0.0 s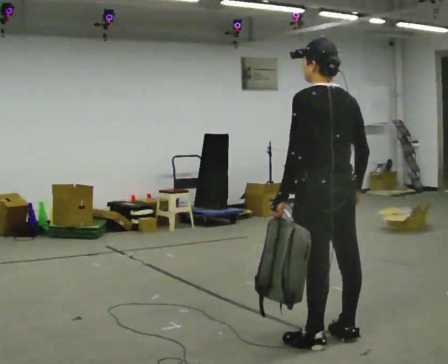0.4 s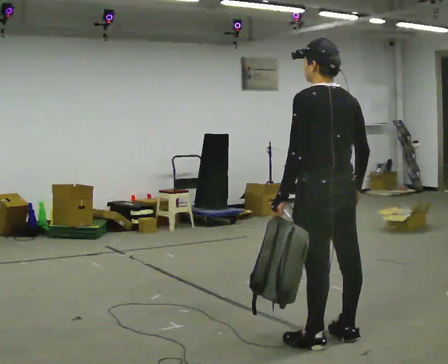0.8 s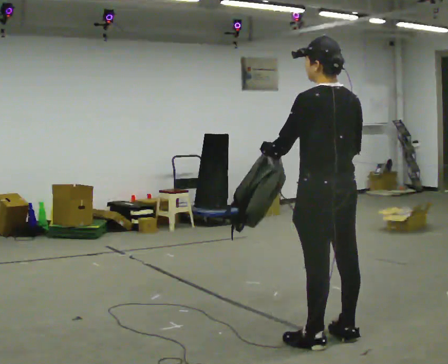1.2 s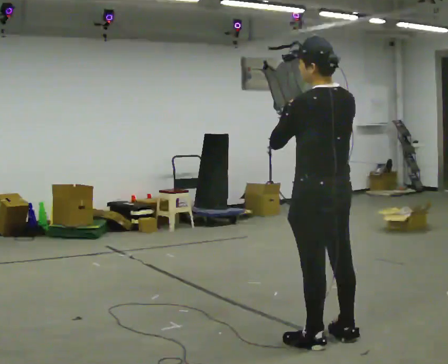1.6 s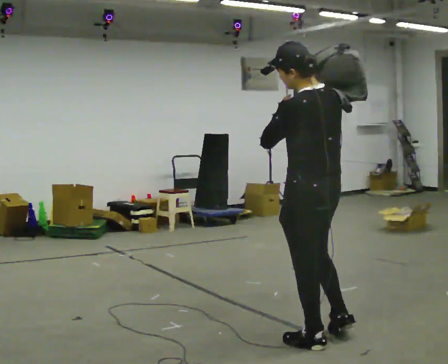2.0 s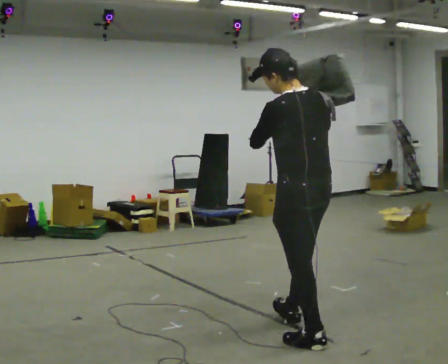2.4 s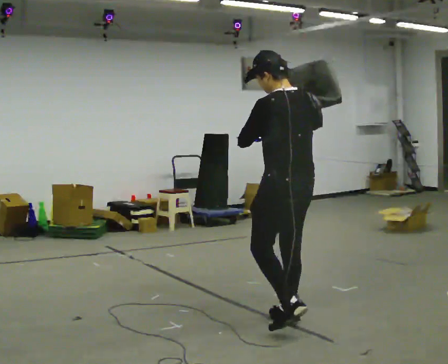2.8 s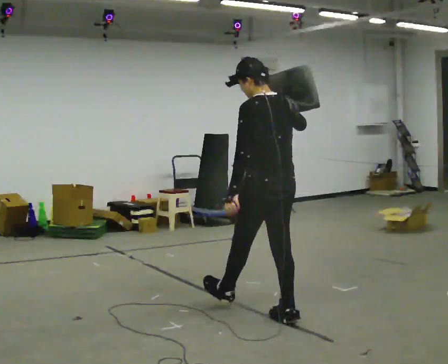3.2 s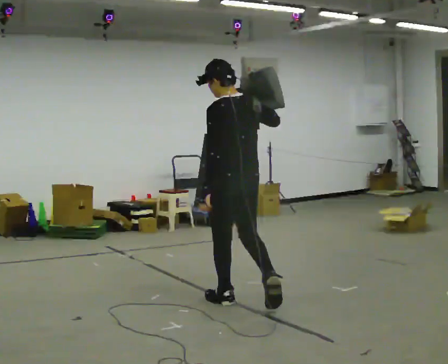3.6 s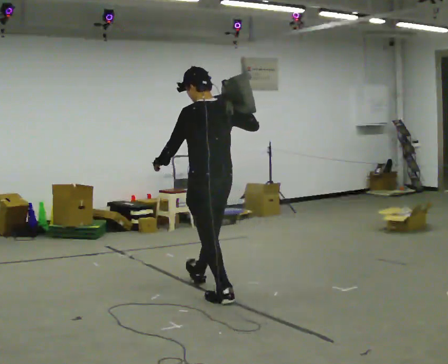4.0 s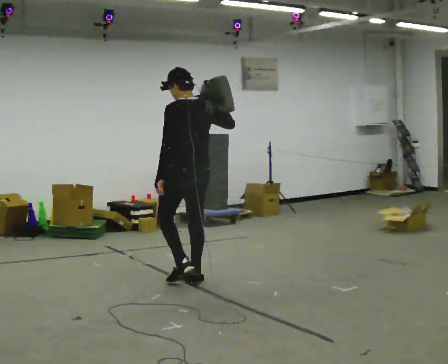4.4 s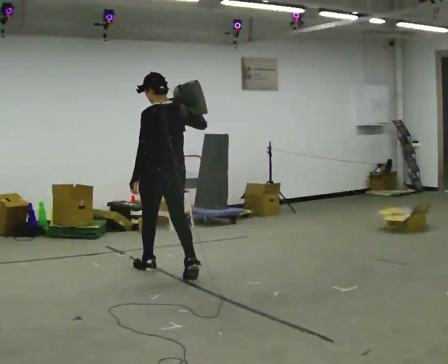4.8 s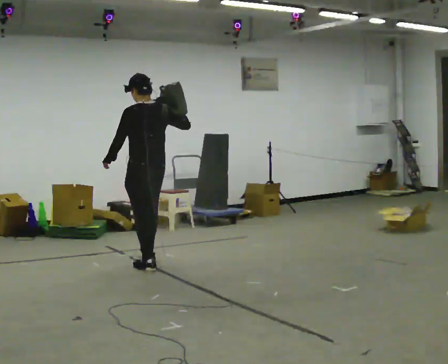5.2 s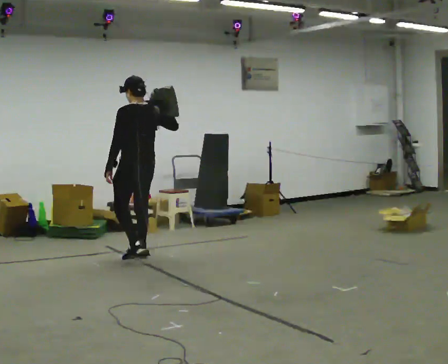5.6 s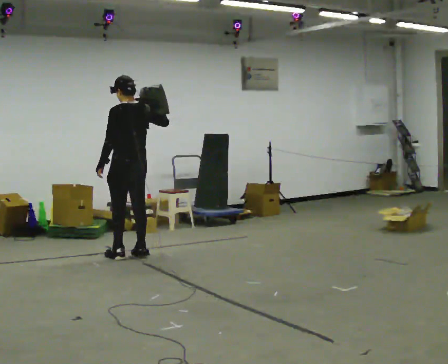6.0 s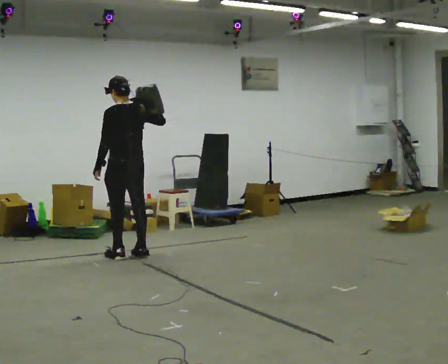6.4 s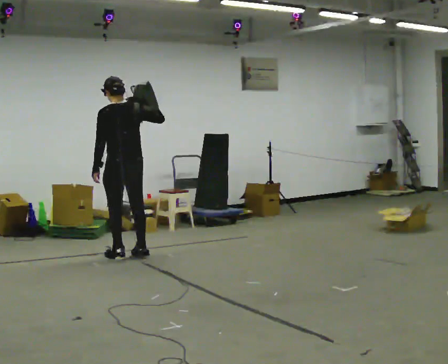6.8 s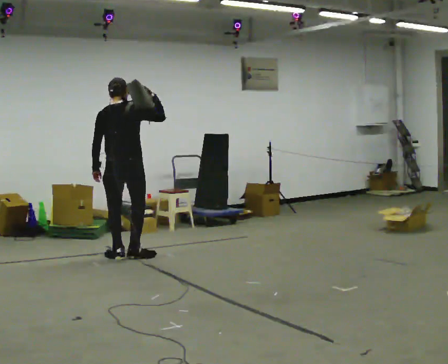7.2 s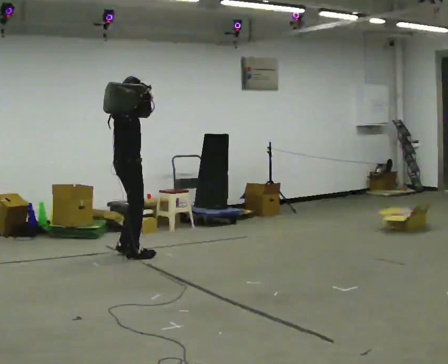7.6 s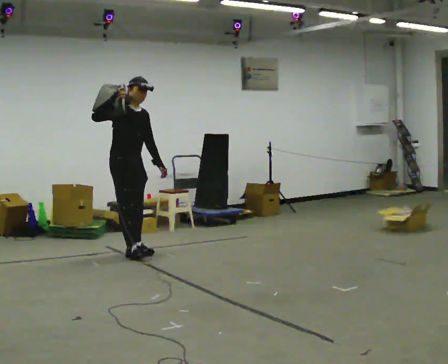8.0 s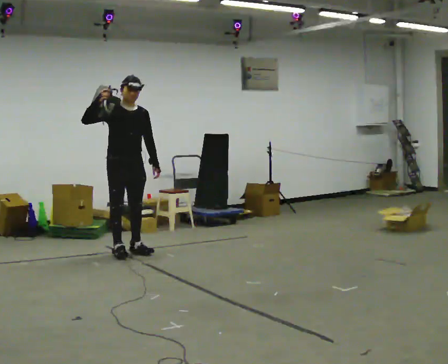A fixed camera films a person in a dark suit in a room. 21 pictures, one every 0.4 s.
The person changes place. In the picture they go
away from the camera.
0.0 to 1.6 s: In the picture their right hand goes upward.
1.6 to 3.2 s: In the picture they go away from the camera and to the left, about 1 m in 2 steps, which for them is forward. In the picture their left hand goes downward.
3.2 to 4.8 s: In the picture they go away from the camera and to the left, about 1.5 m in 2 steps, which for them is forward.
4.8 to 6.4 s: In the picture they go away from the camera and to the left, about 0.5 m in 2 steps, which for them is forward.
6.4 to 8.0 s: The person turns about 180 degrees to their right, clockwise seen from above, so the part of the body nearest the lens slides to the left. In the picture they go away from the camera, about 0.25 m in 2 steps. In the picture their right hand goes to the left.
The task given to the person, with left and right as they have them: Put the soft bag up onto your shoulder and carry it across the room, back and forth.
The film runs forward here.
